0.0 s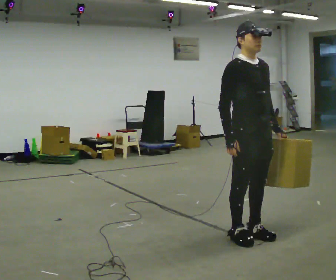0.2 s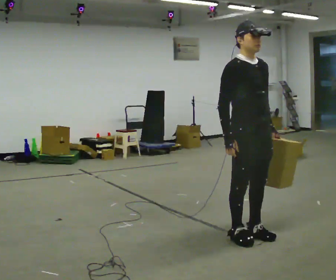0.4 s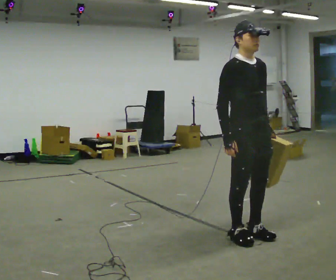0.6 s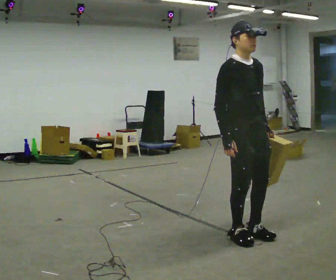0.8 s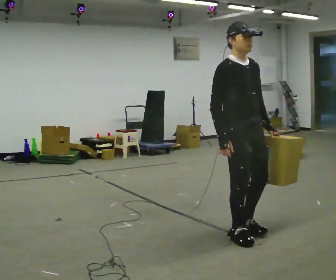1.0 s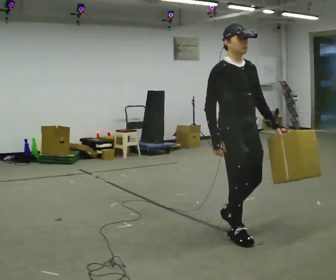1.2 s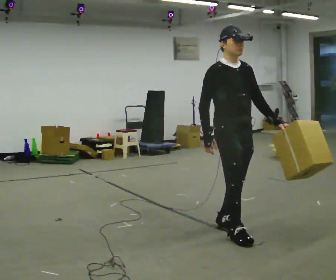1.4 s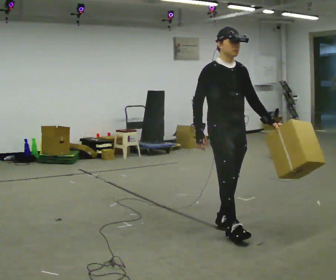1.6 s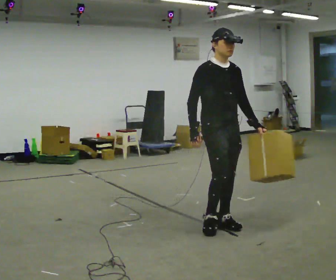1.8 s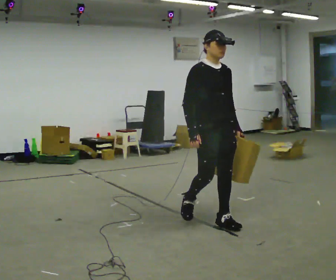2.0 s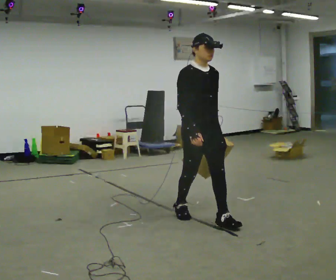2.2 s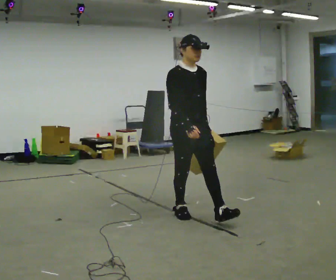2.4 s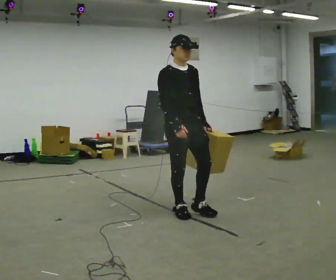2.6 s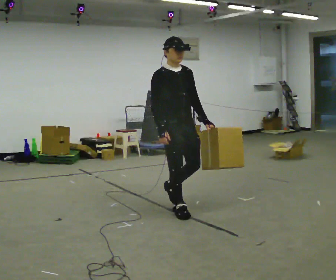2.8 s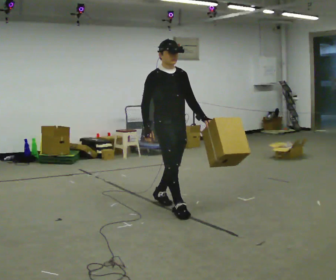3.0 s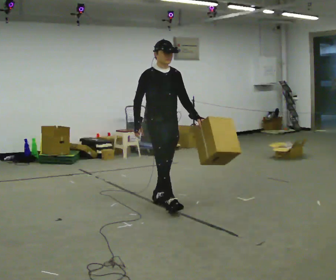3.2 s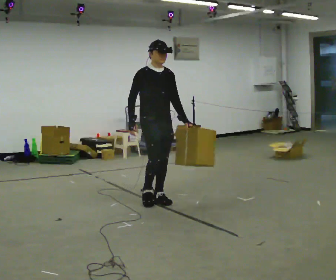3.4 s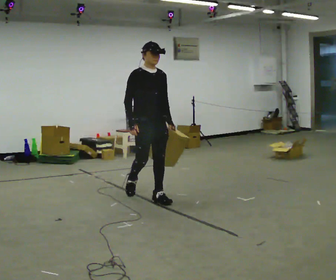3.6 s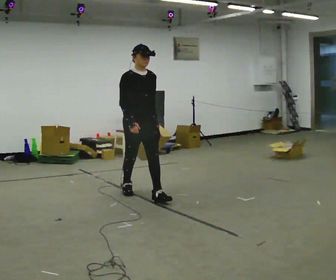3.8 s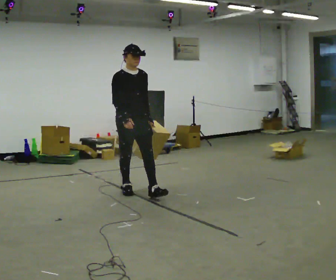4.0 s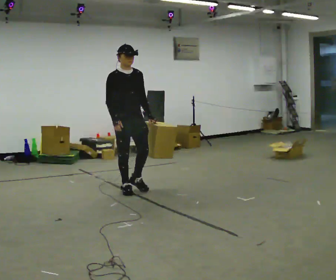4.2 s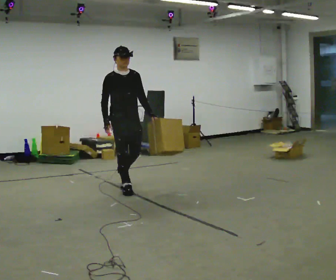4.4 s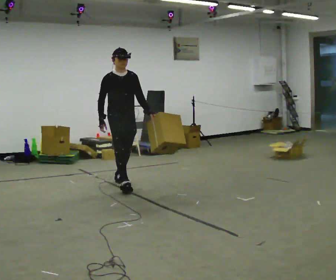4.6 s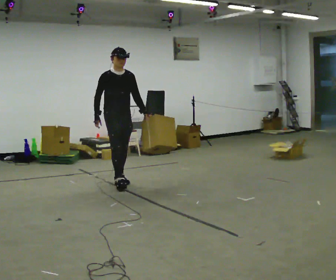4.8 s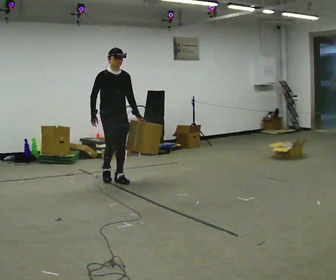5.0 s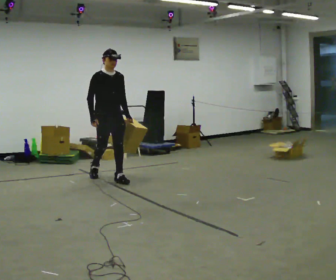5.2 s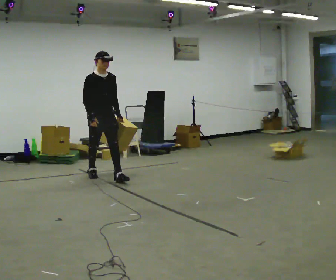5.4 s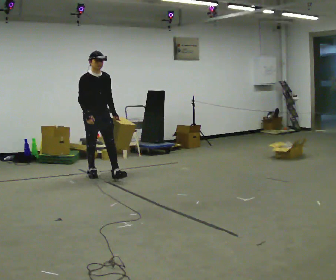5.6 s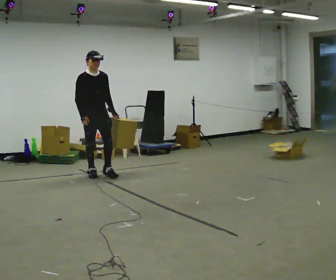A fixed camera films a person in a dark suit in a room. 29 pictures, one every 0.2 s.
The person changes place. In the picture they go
away from the camera.
0.0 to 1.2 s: In the picture they go away from the camera, about 0.25 m in 1 step, which for them is backward.
1.2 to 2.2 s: In the picture they go away from the camera and to the left, about 0.5 m in 2 steps, which for them is backward.
2.2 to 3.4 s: In the picture they go away from the camera and to the left, about 1 m in 1 step, which for them is backward.
3.4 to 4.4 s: In the picture they go away from the camera and to the left, about 0.5 m in 1 step, which for them is backward.
4.4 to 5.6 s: In the picture they go away from the camera and to the left, about 0.5 m in 2 steps, which for them is backward.
The film runs backward here.
